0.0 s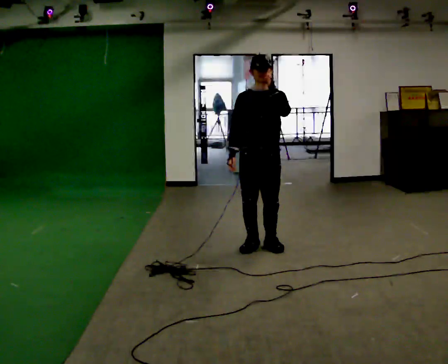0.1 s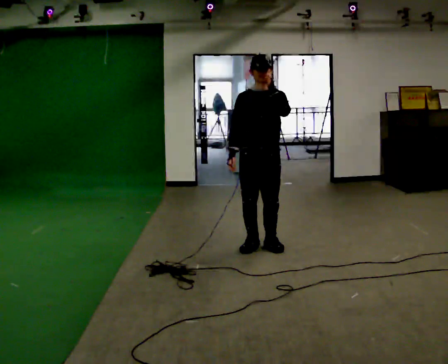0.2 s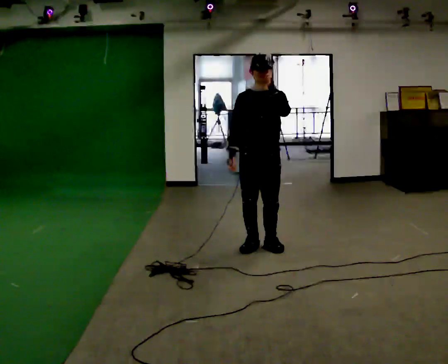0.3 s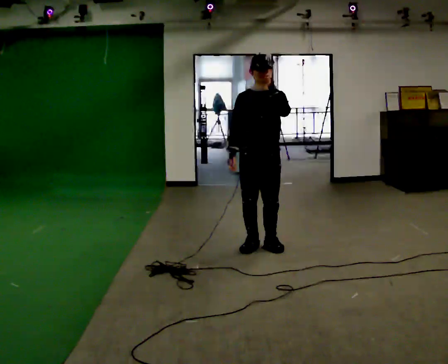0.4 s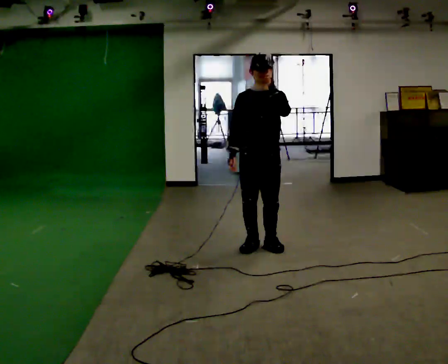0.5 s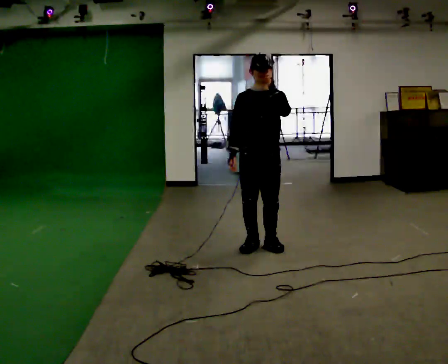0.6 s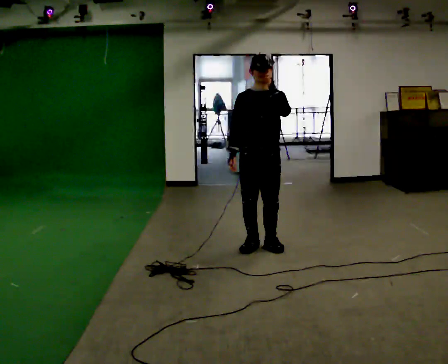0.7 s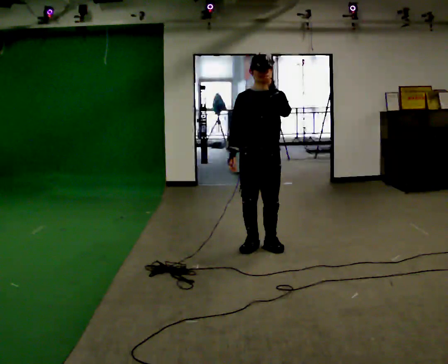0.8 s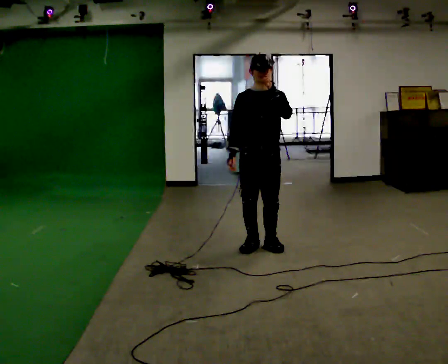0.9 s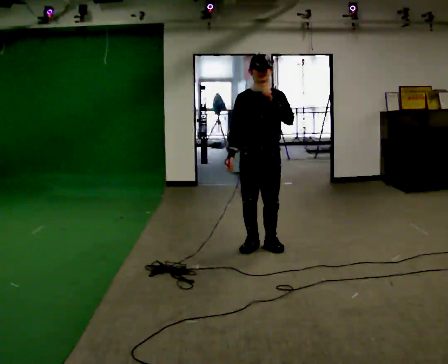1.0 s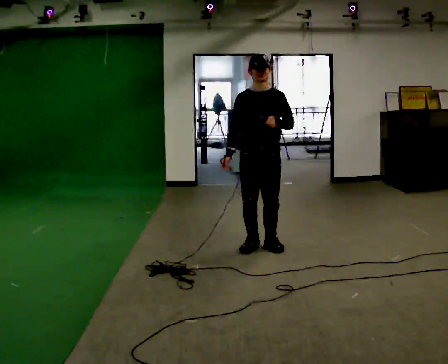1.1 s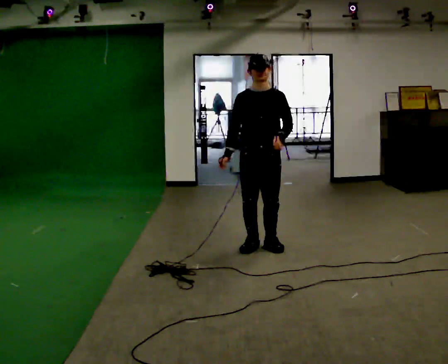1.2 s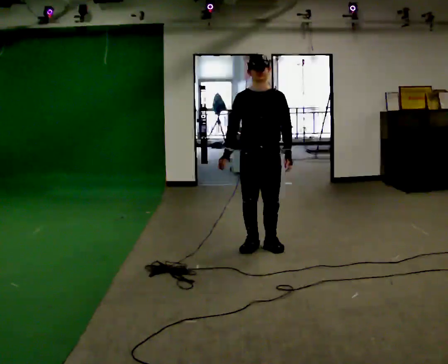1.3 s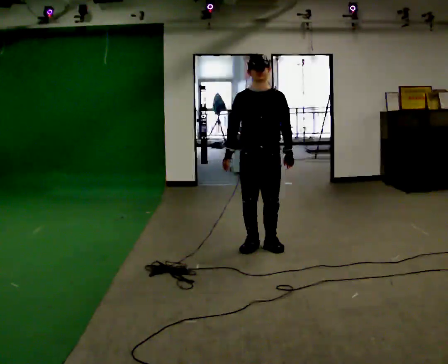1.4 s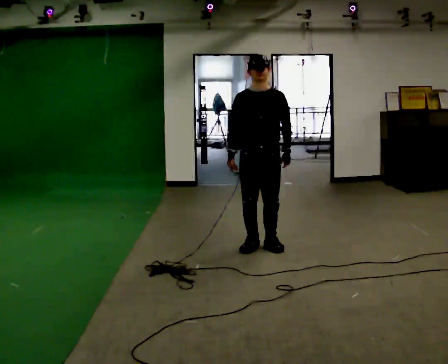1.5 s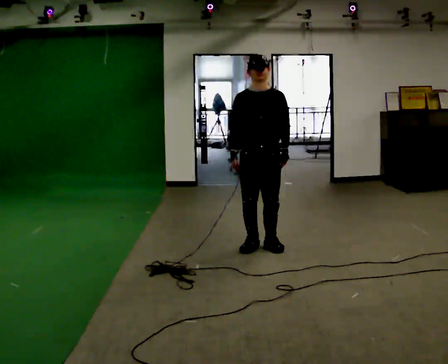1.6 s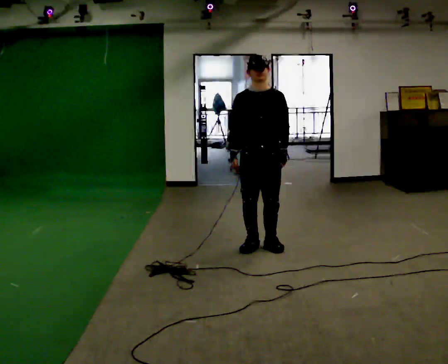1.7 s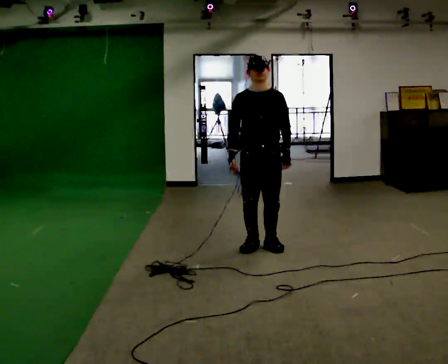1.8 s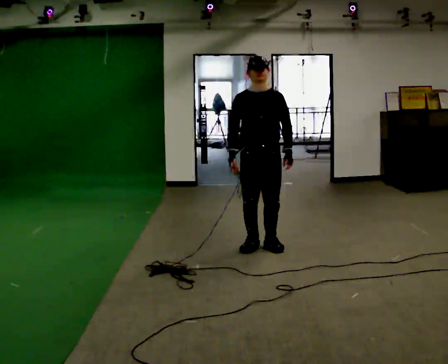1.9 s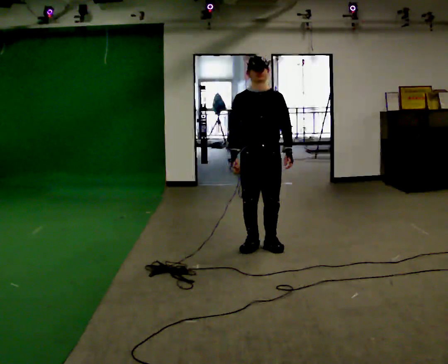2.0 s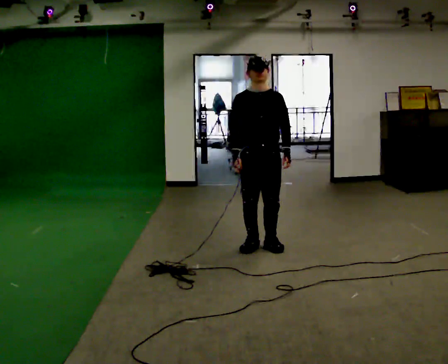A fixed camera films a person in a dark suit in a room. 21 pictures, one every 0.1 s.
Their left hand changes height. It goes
downward.
0.0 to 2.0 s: In the picture their left hand goes downward.
The film runs forward here.
